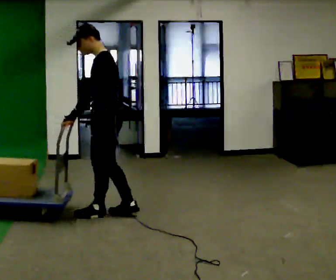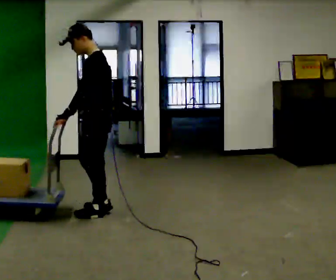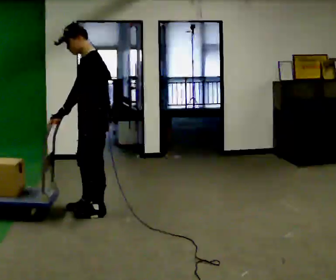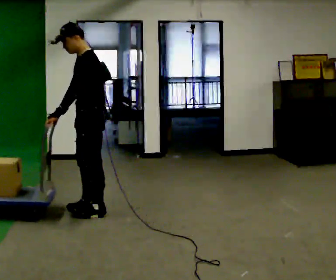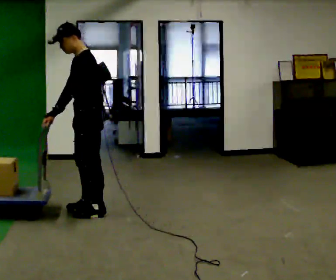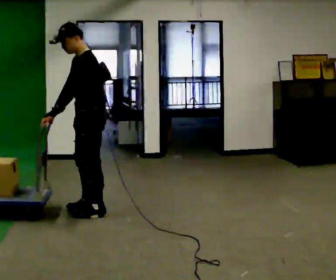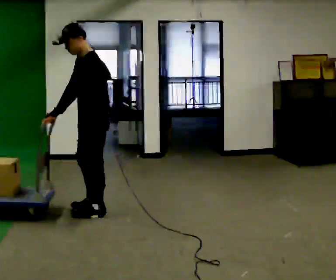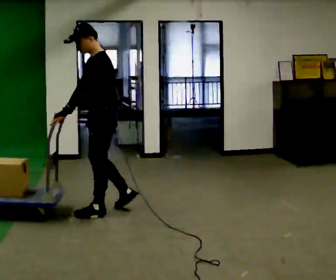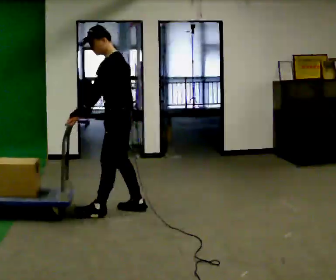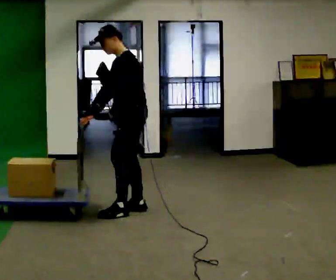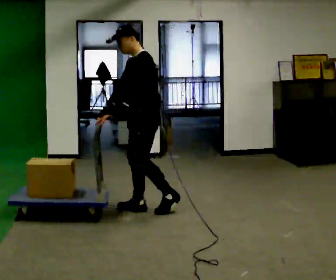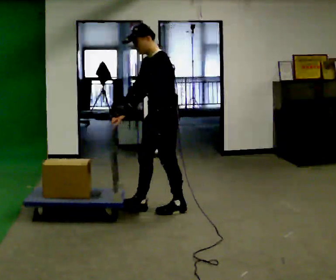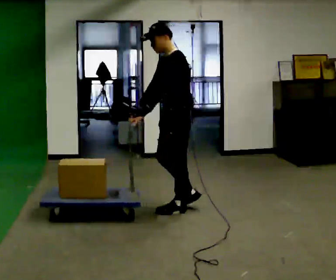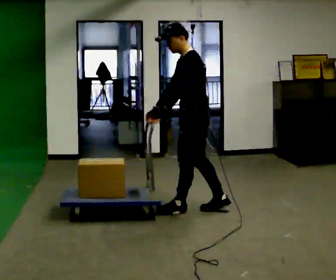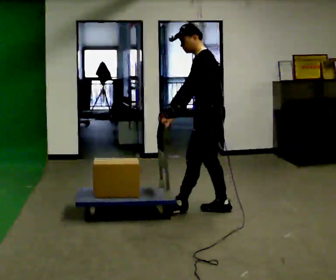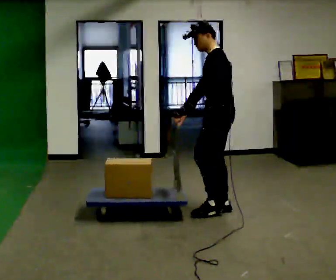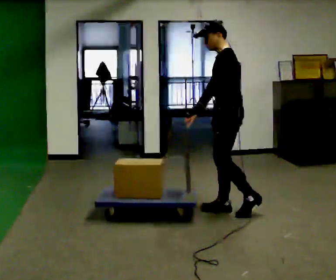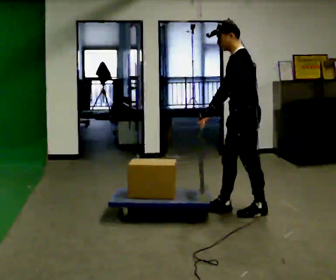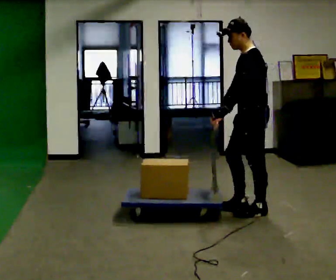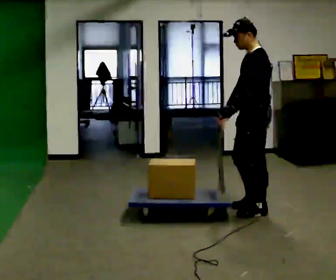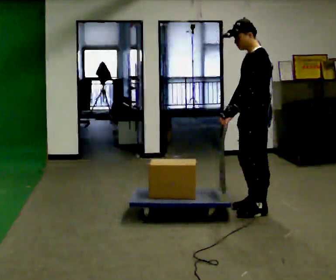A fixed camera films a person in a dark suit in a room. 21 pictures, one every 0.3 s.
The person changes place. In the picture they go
to the right.
The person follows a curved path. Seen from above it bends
clockwise.
0.0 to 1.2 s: In the picture they go to the left, about 0.25 m in 1 step, which for them is forward.
1.2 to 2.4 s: In the picture they go to the right, about 0.25 m in 1 step, which for them is backward.
2.4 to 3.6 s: In the picture they go to the right, about 0.5 m in 2 steps, which for them is backward.
3.6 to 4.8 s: In the picture they go to the right, about 0.5 m in 1 step, which for them is backward.
4.8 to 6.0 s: In the picture they go to the right, about 0.25 m in 1 step, which for them is backward. In the picture their right hand goes to the right.
The film runs backward here.
